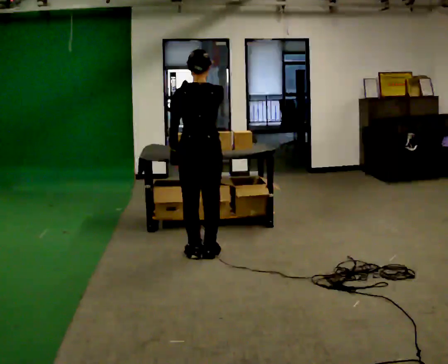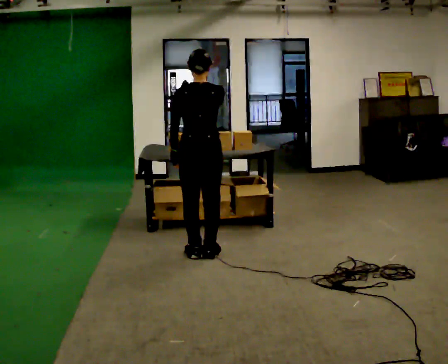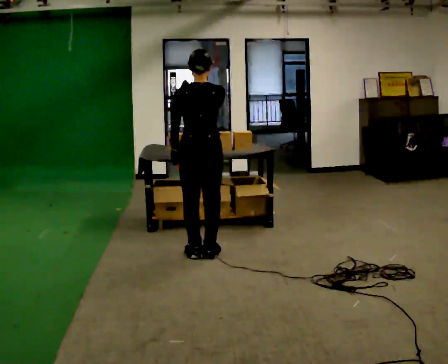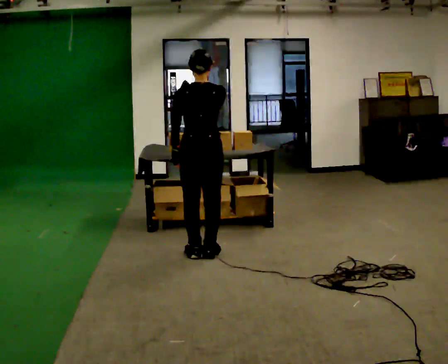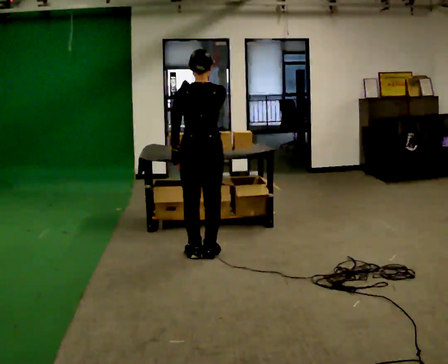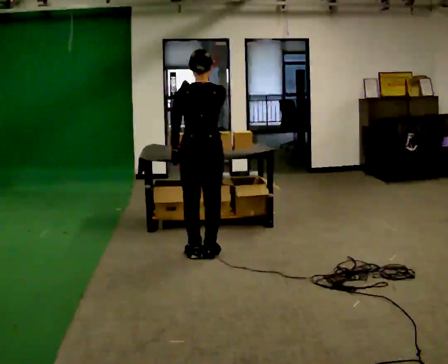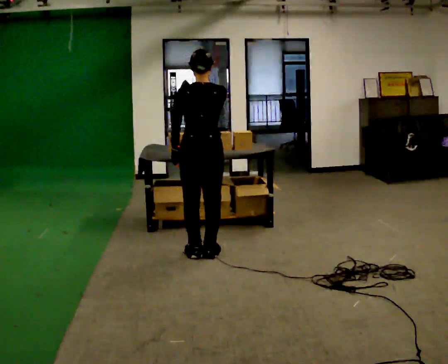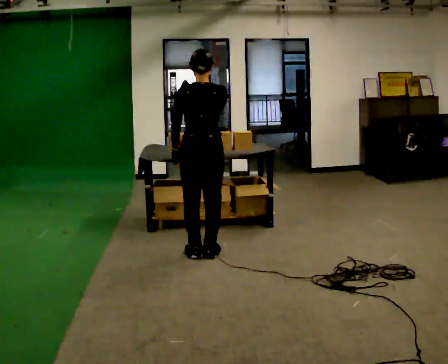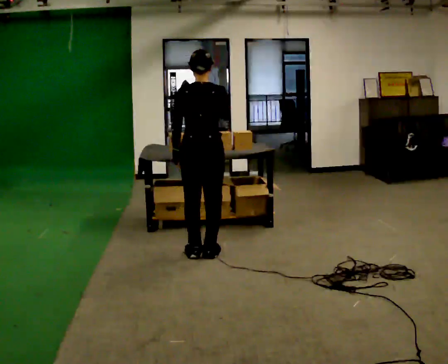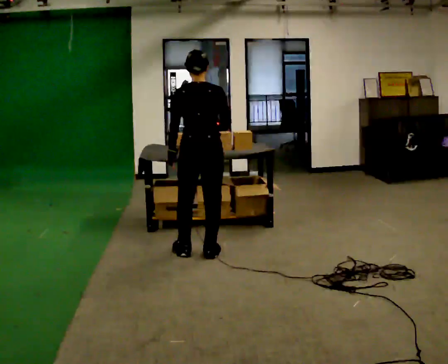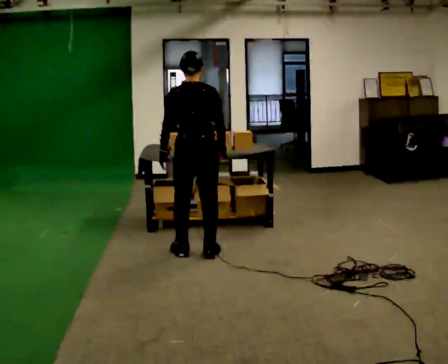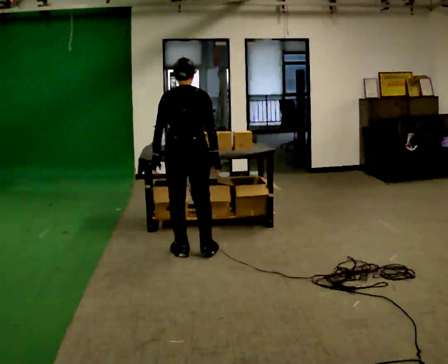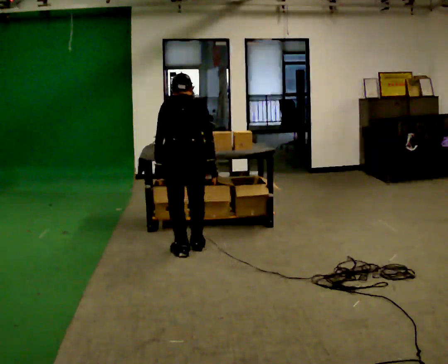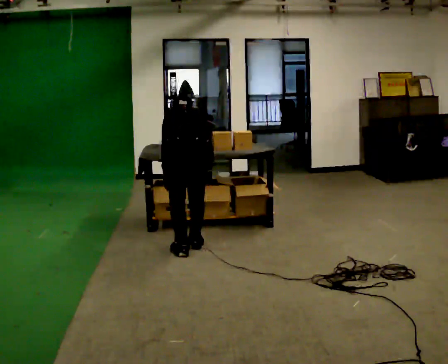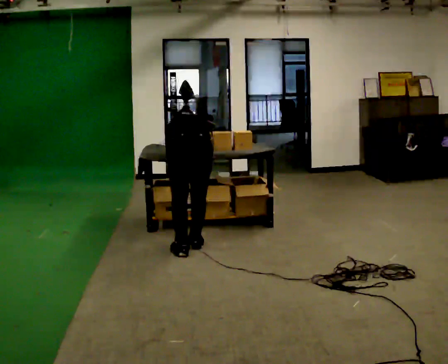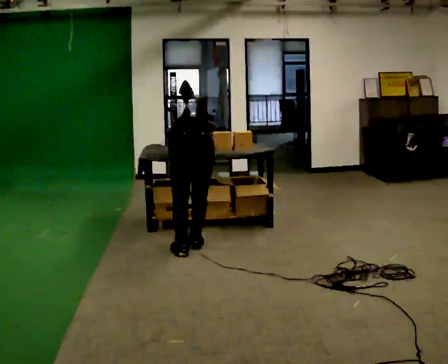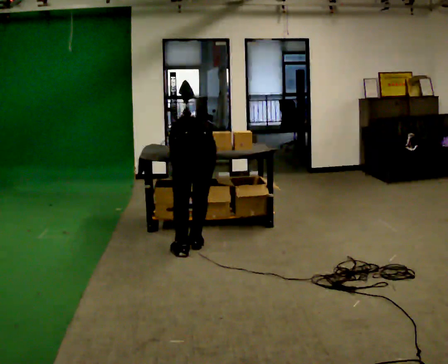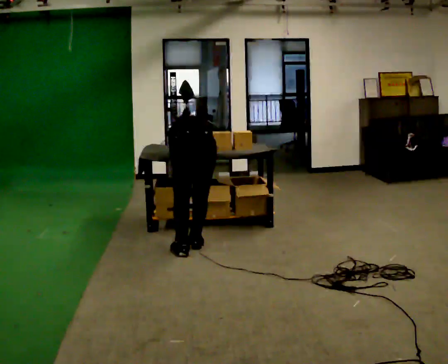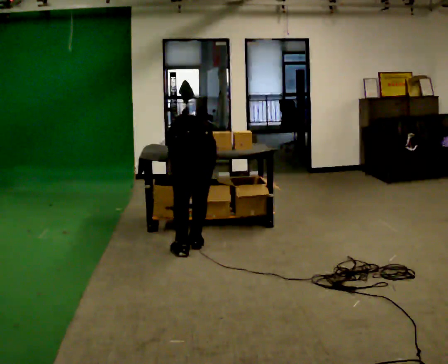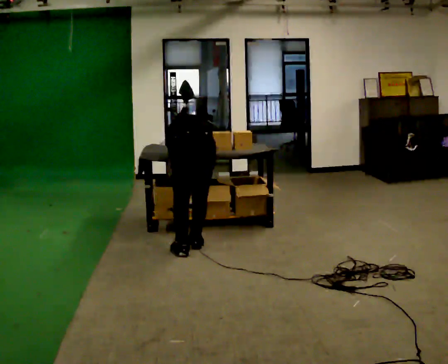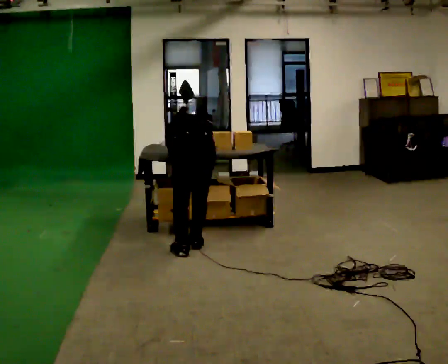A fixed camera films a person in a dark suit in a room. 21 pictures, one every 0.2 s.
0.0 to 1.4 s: The person moves a little, or ends about where they began.
1.4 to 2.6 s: The shoulders move downward. The upper body tips away from the camera, its near side rolling upward, as they bend forward. In the picture their right hand goes downward.
2.6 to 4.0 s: The upper body tips away from the camera, its near side rolling upward, as they bend forward.
The film runs backward here.
